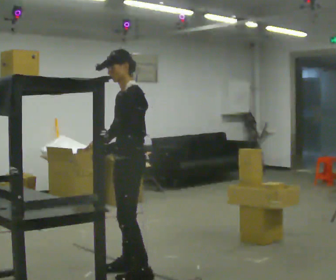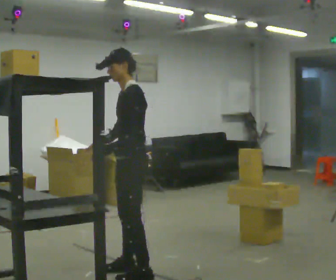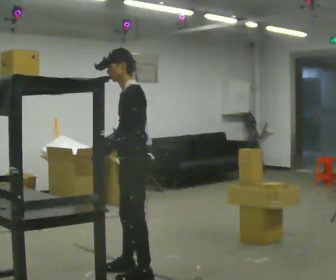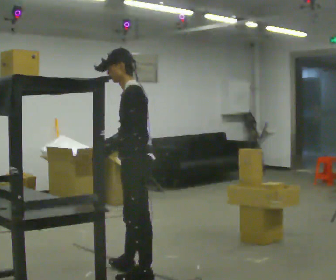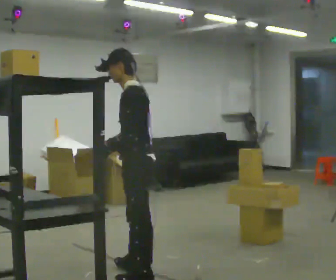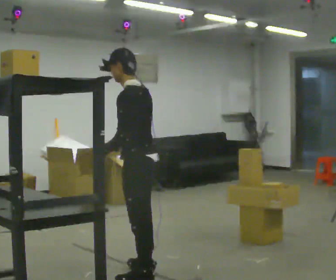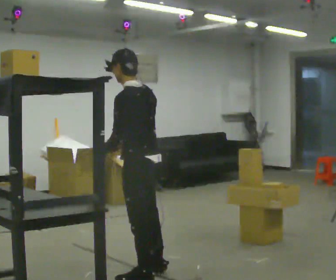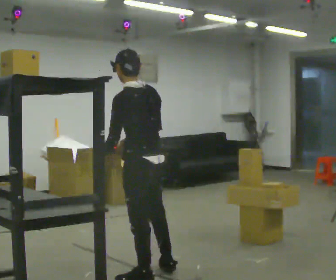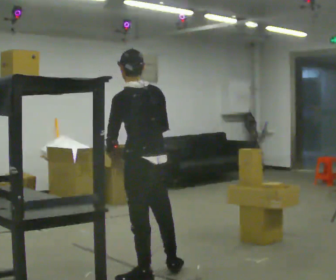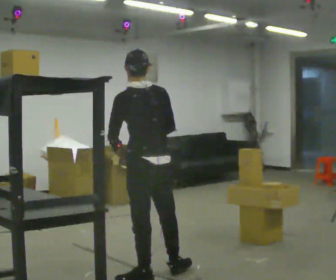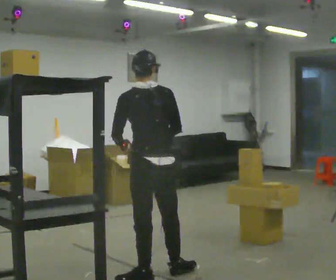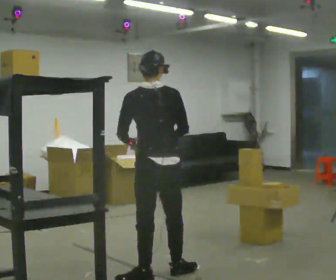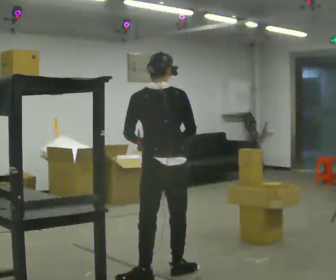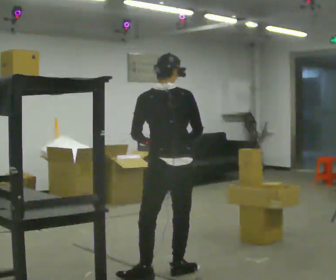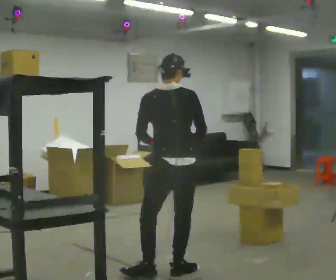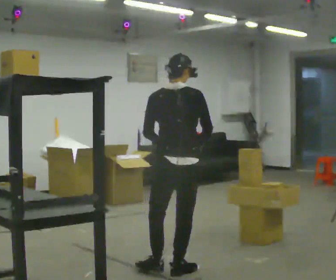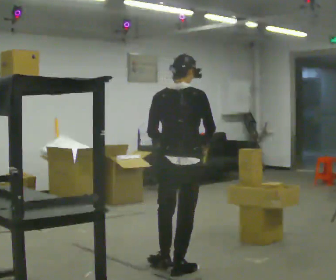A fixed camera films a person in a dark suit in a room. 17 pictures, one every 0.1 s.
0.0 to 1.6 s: The part of the body nearest the lens slides to the left as the person turns to their right by about 120 degrees. In the picture they go to the right, about 0.25 m in 1 step.
The film runs forward here.
